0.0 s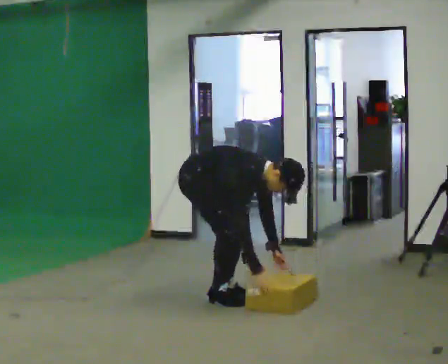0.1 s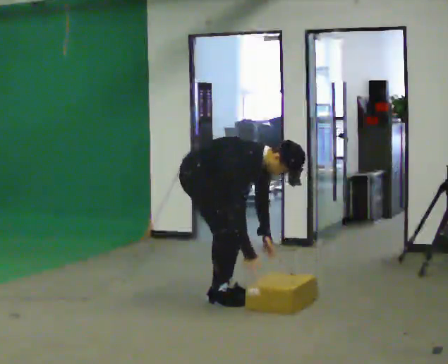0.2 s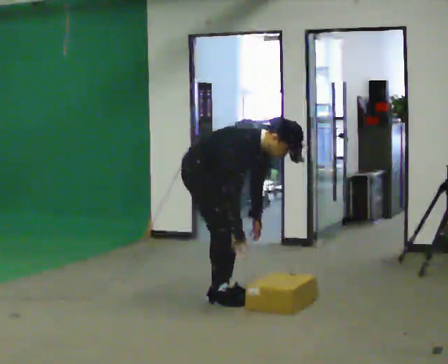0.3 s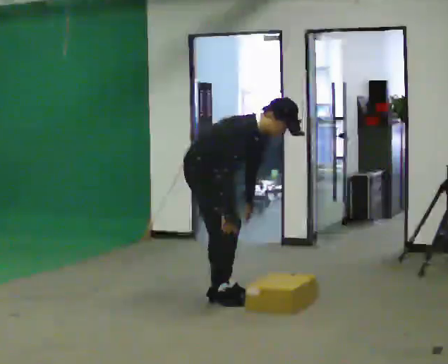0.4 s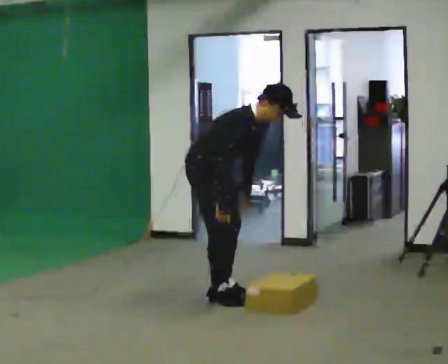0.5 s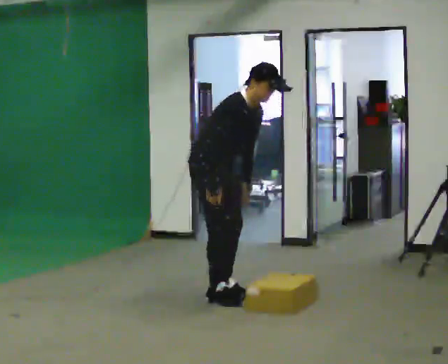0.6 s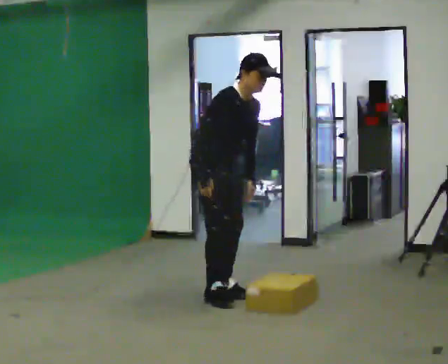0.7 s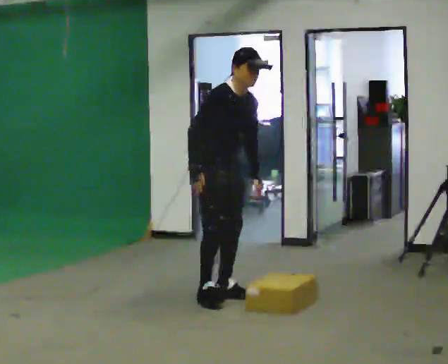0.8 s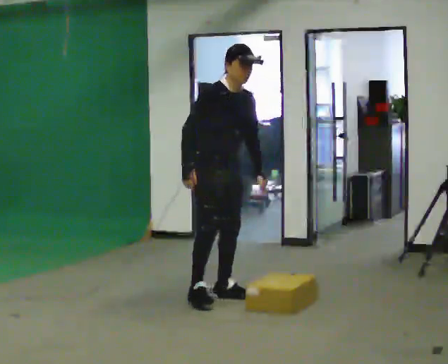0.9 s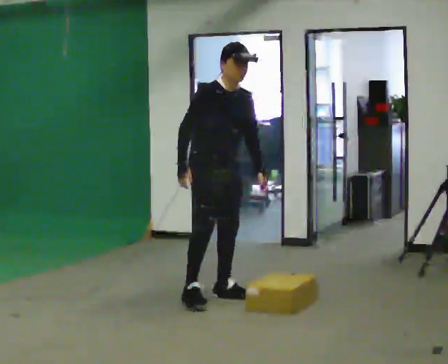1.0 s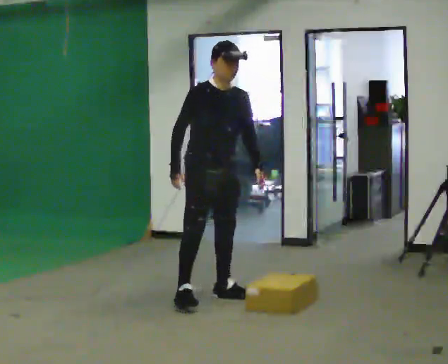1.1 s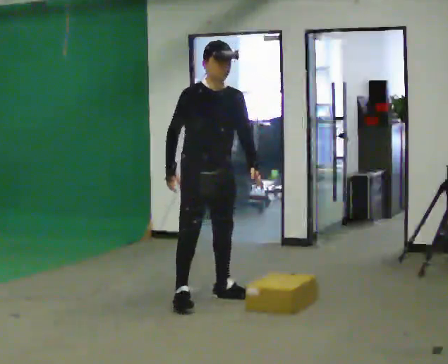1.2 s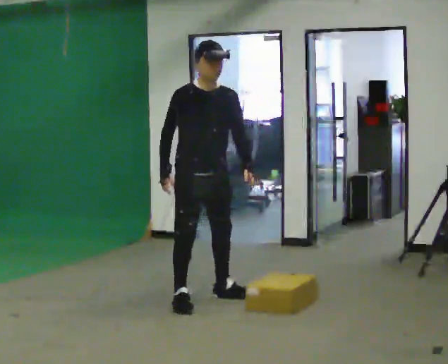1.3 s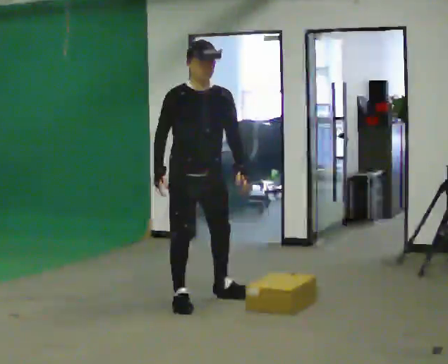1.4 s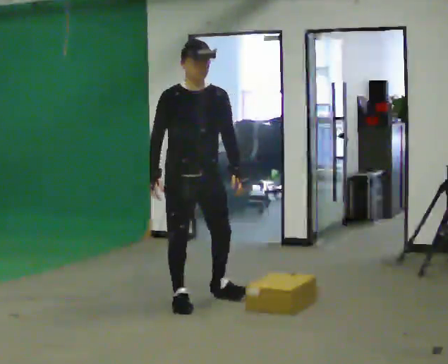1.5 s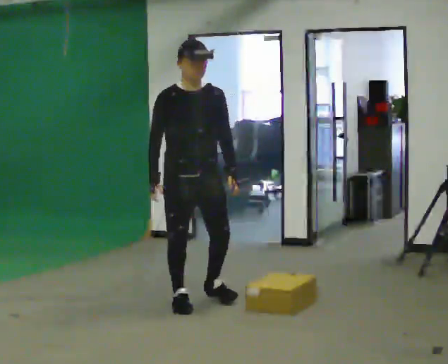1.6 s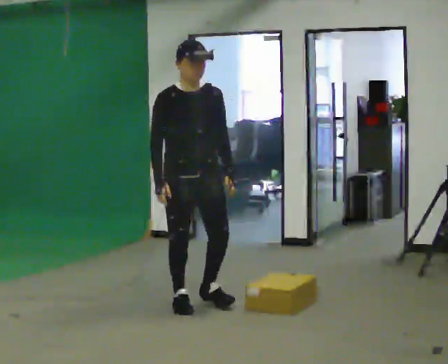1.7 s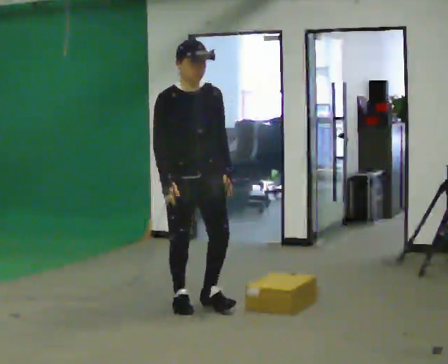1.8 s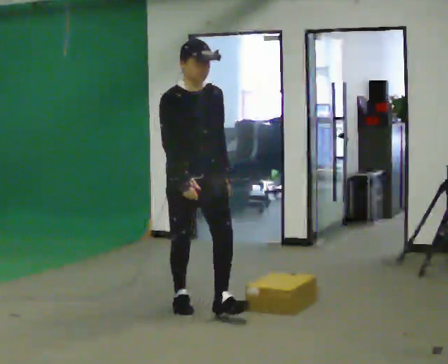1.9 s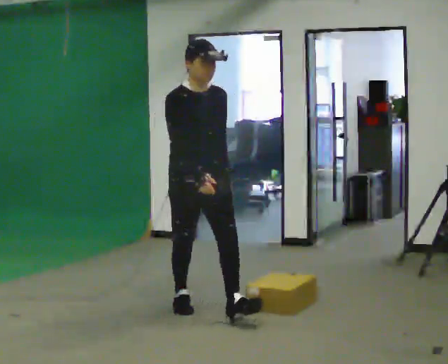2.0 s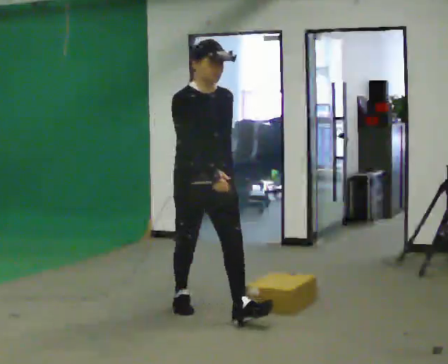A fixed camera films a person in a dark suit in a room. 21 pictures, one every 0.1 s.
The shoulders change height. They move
upward.
Their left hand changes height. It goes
upward.
0.0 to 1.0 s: The person turns about 30 degrees to their right, clockwise seen from above, so the part of the body nearest the lens slides to the left. The shoulders move upward. In the picture the upper body tilts counterclockwise, shoulders to the left, as they lean back or straighten. In the picture their left hand goes upward.
1.0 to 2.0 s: In the picture they go toward the camera, about 0.5 m, which for them is forward and to their right.
The film runs forward here.
